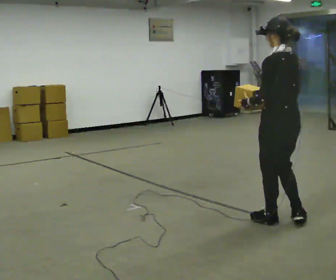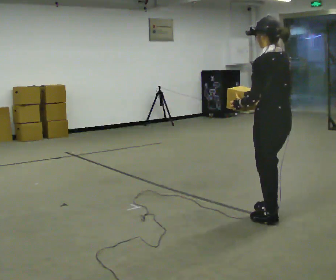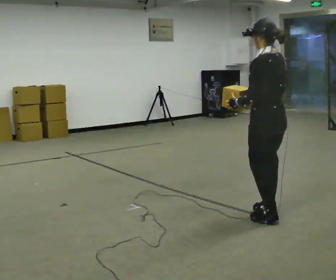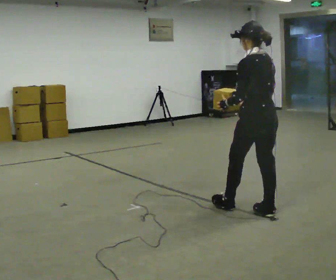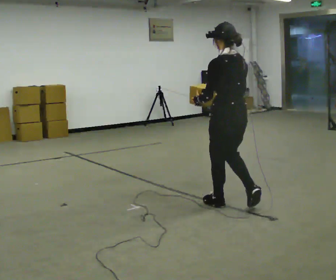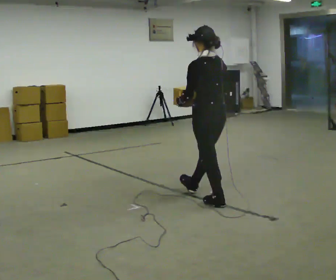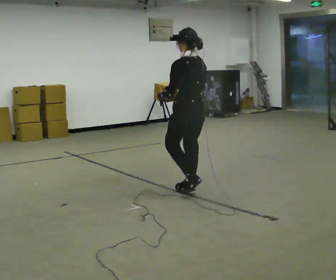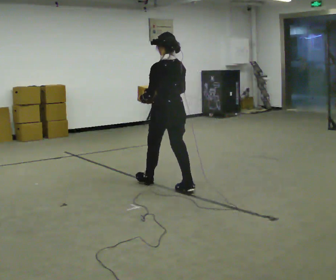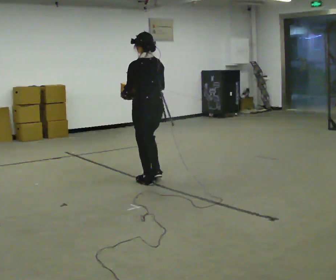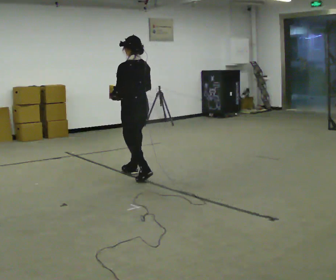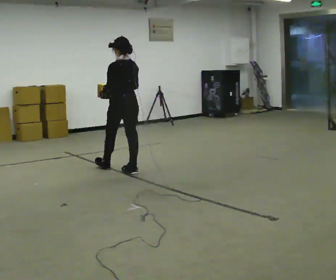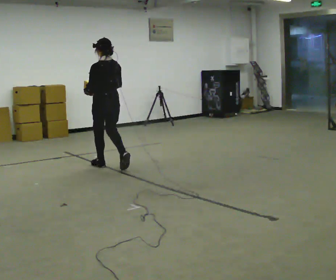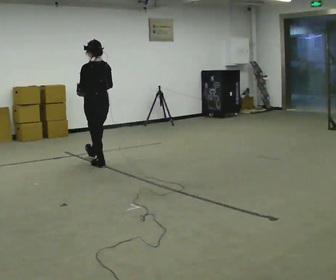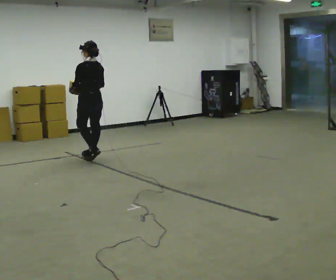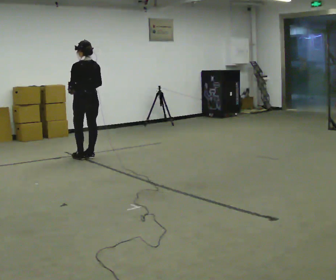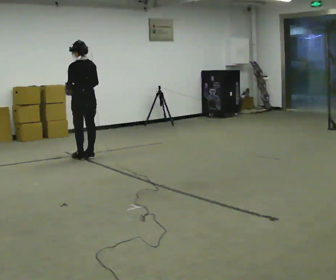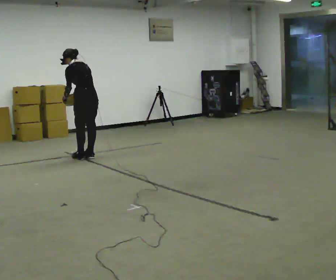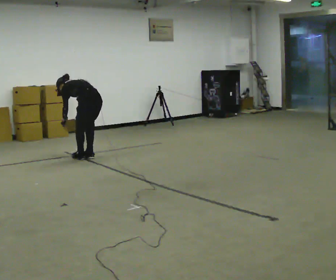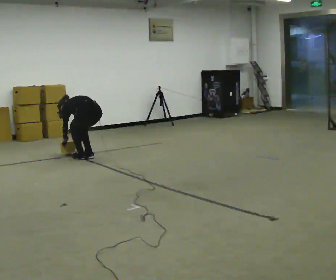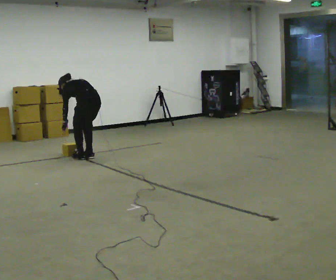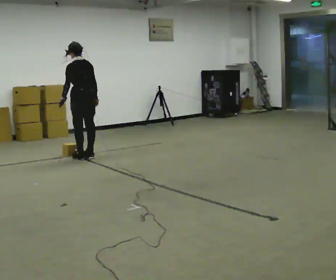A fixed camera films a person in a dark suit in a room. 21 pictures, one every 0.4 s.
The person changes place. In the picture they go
away from the camera.
0.0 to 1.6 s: In the picture they go away from the camera and to the left, about 0.5 m in 2 steps, which for them is forward.
1.6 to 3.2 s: In the picture they go away from the camera and to the left, about 1 m in 2 steps, which for them is forward.
3.2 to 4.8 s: In the picture they go away from the camera and to the left, about 1 m in 2 steps, which for them is forward.
4.8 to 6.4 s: In the picture they go away from the camera, about 0.25 m in 2 steps, which for them is forward. The upper body tips away from the camera, its near side rolling upward, as they bend forward.
6.4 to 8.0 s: The person moves a little, or ends about where they began.
The film runs forward here.
